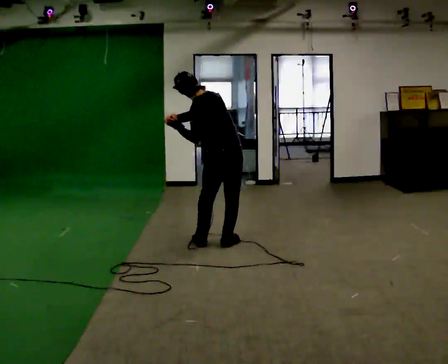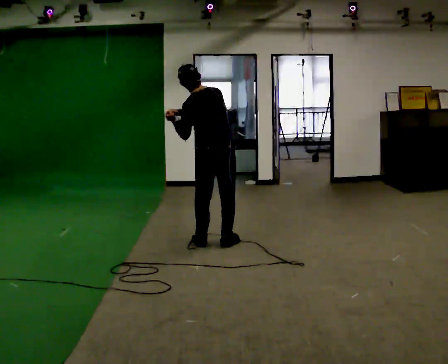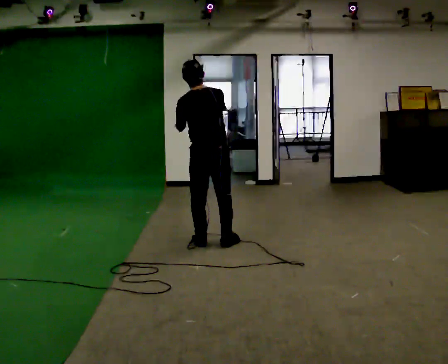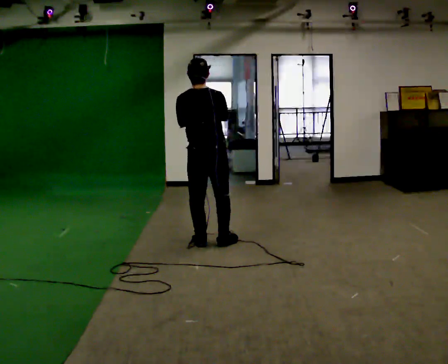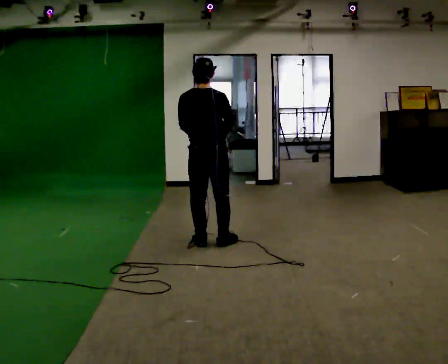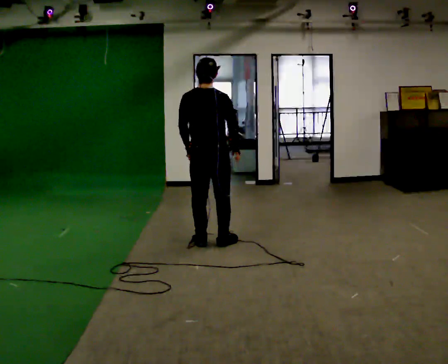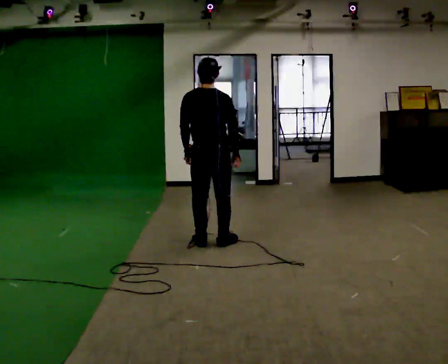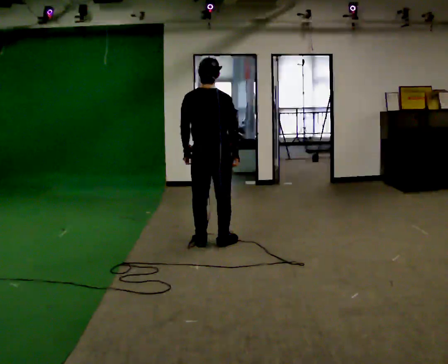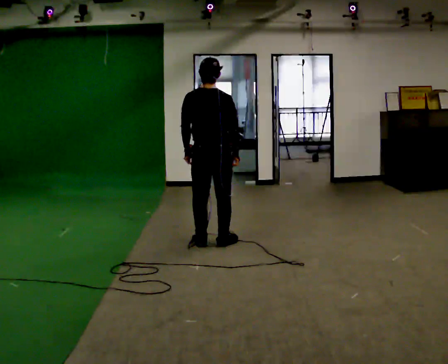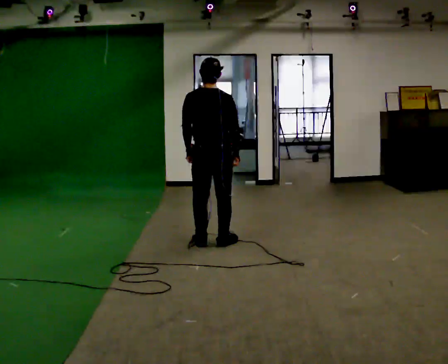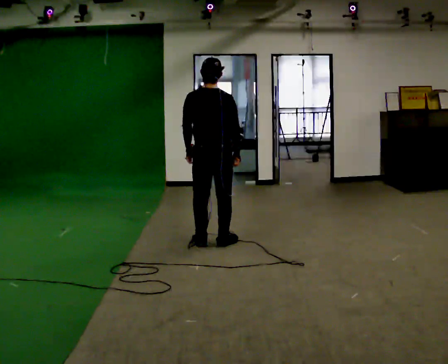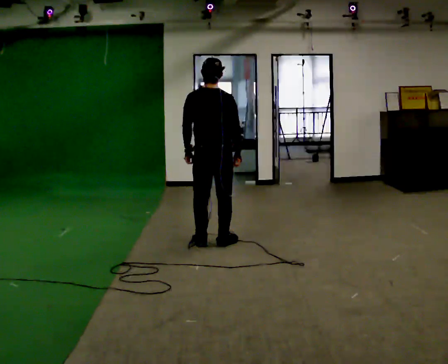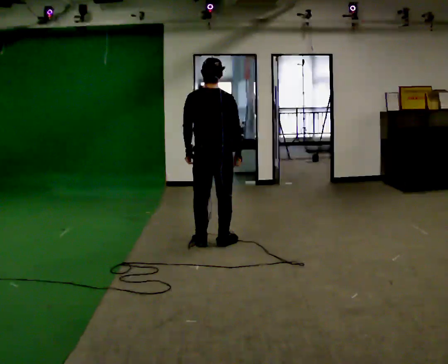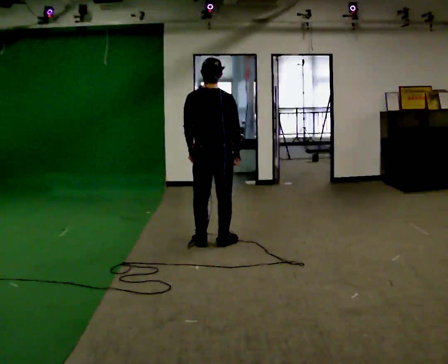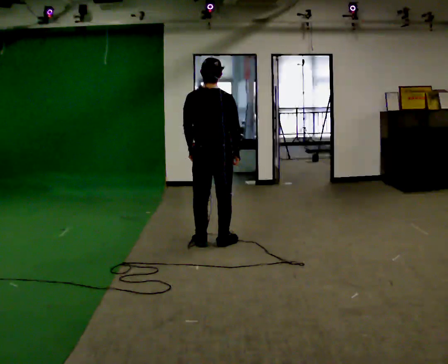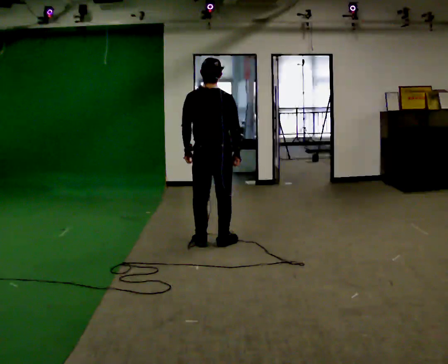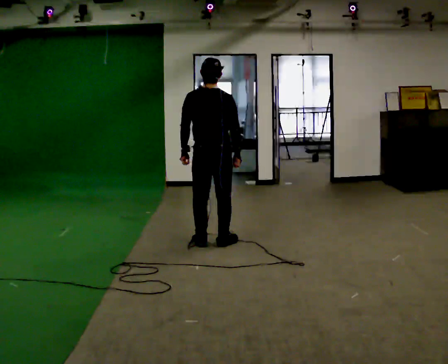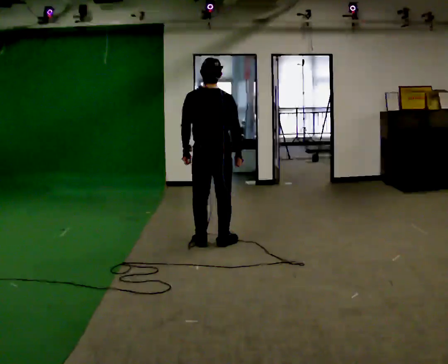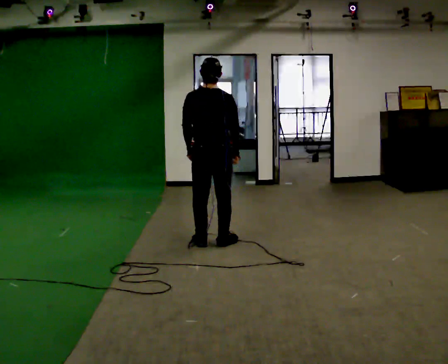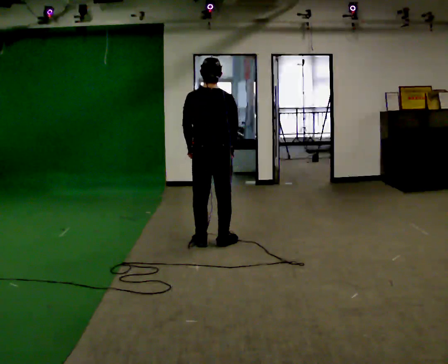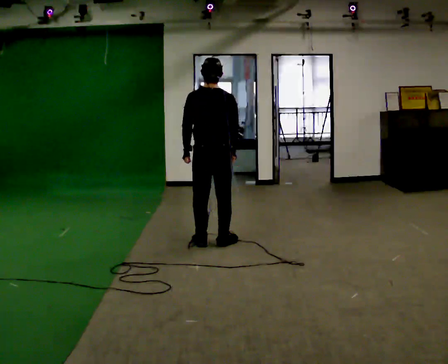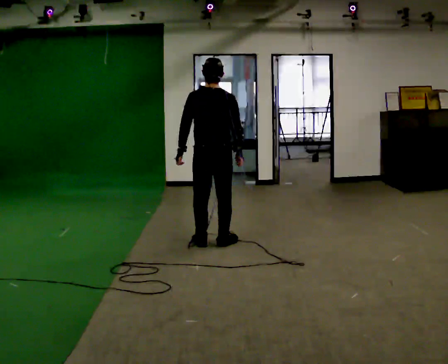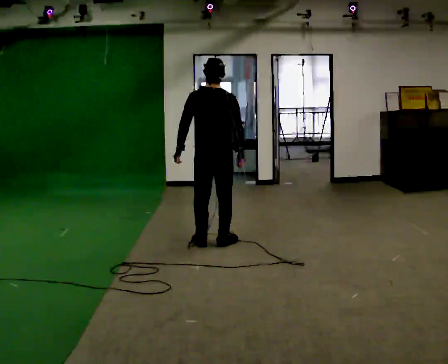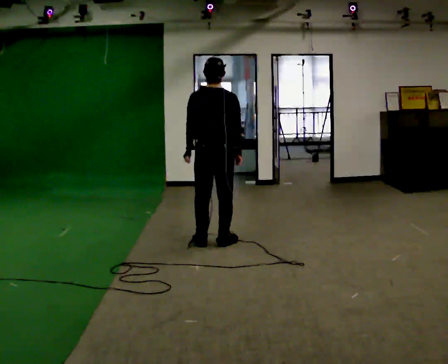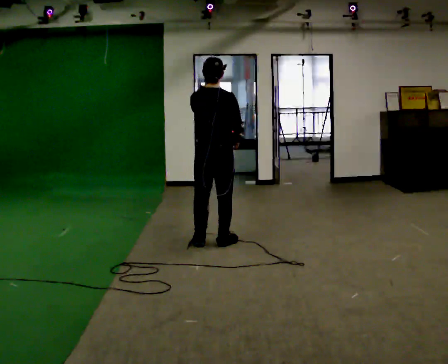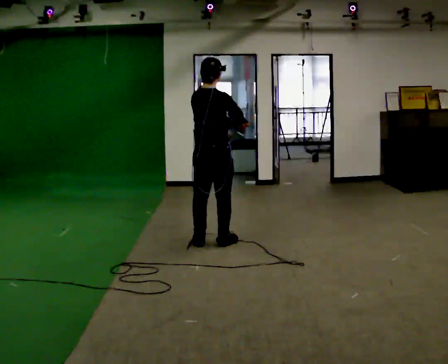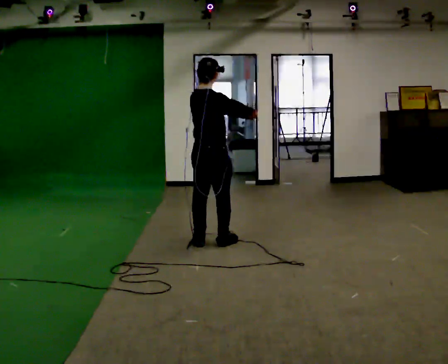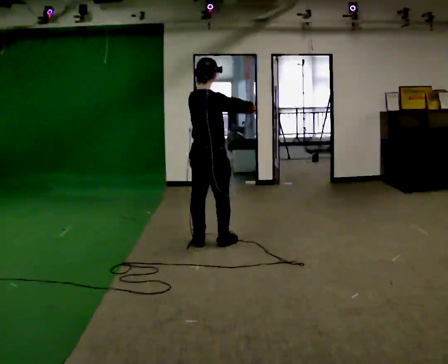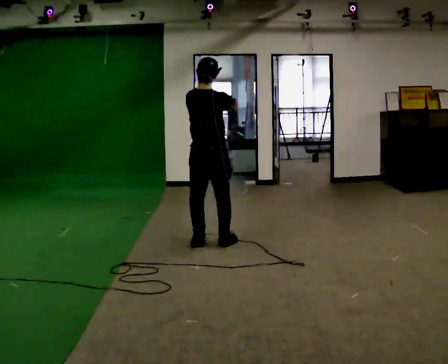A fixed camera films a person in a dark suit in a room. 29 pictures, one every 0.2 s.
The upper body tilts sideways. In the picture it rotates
clockwise.
0.0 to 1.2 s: Seen from above the body turns clockwise, about 45 degrees: to their right, with its near side sliding to the left. In the picture the upper body tilts clockwise, shoulders to the right, as they lean back or straighten. In the picture their right hand goes to the right and downward.
1.2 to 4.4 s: The person moves a little, or ends about where they began.
4.4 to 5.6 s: The part of the body nearest the lens slides to the left as the person turns to their right by about 30 degrees. In the picture their left hand goes to the right and upward.
The film runs backward here.
